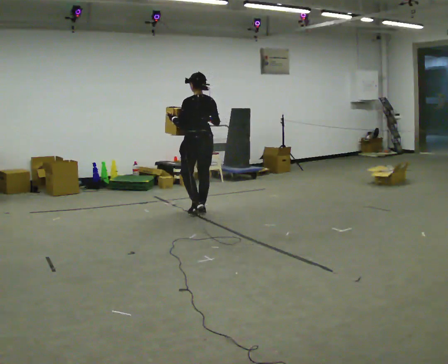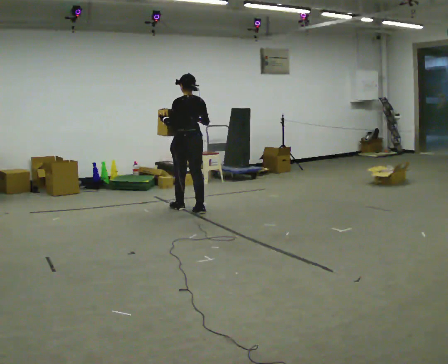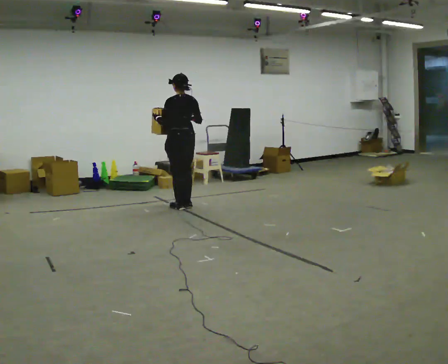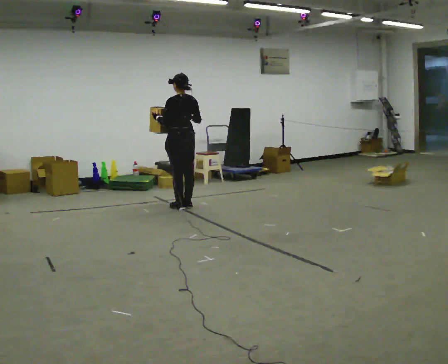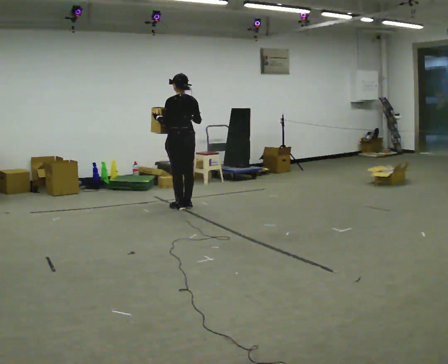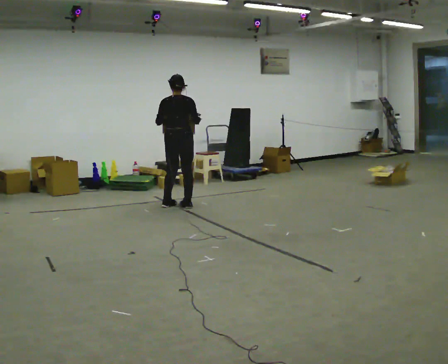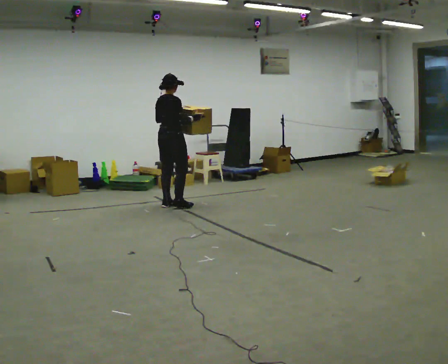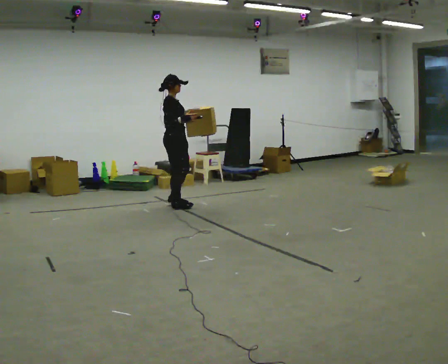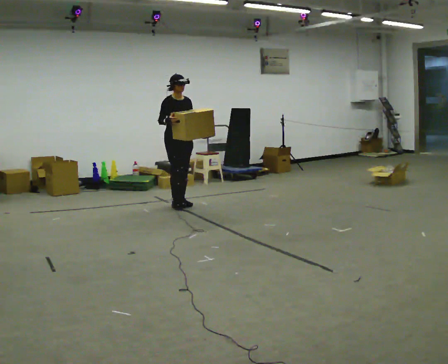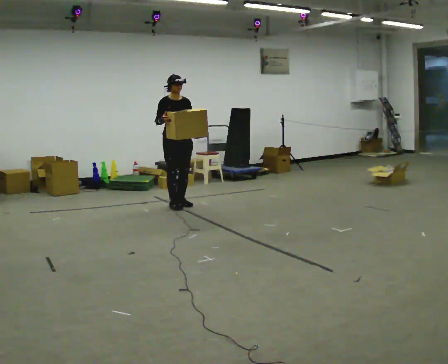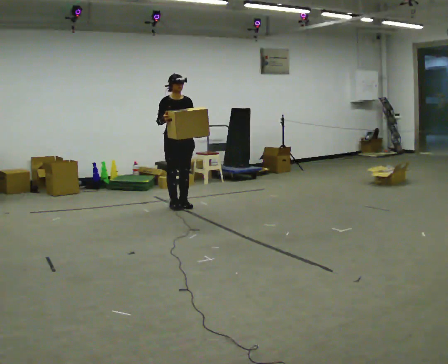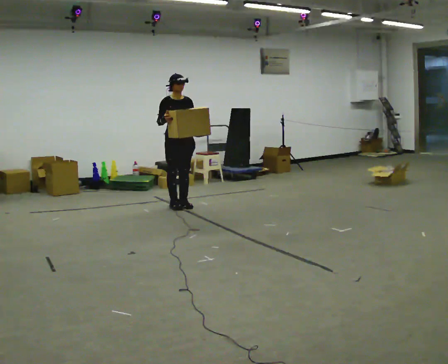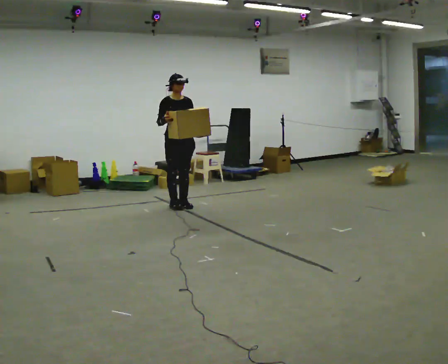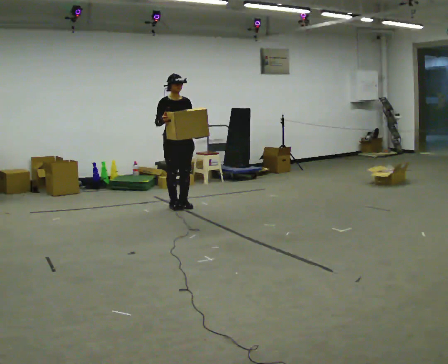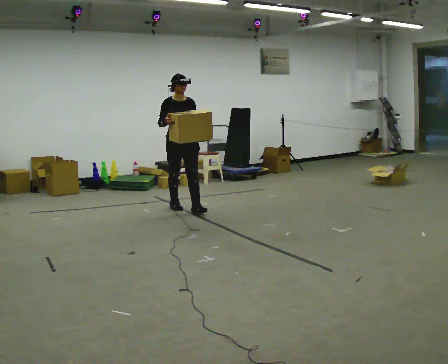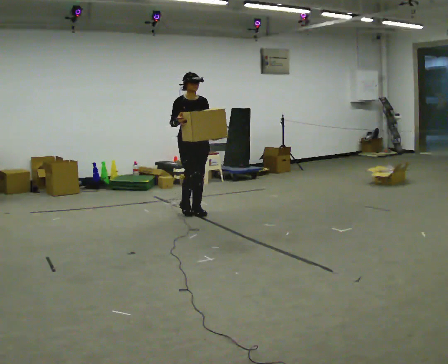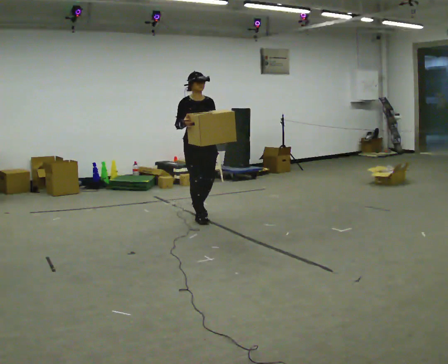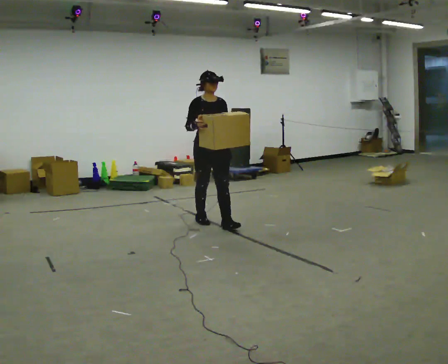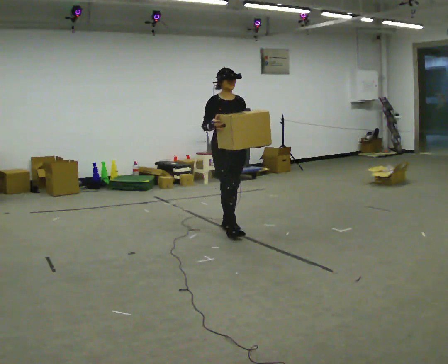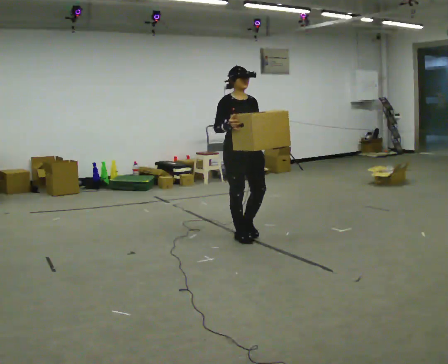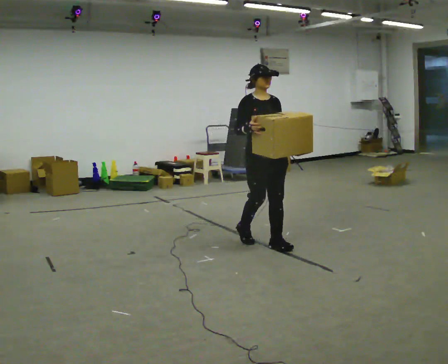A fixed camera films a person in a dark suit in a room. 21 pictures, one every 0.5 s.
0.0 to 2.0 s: In the picture they go away from the camera and to the left, about 0.5 m in 2 steps, which for them is forward.
2.0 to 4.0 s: The person turns about 165 degrees to their right, clockwise seen from above, so the part of the body nearest the lens slides to the left. In the picture their left hand goes to the right.
4.0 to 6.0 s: The person moves a little, or ends about where they began.
6.0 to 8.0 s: In the picture they go toward the camera and to the right, about 0.75 m in 2 steps, which for them is forward.
8.0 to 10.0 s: In the picture they go toward the camera and to the right, about 1 m in 3 steps, which for them is forward.
The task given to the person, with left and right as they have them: Carry the box in both hands and walk back and forth across the room. The contents may move around. Carry on as best you can.
The film runs forward here.
